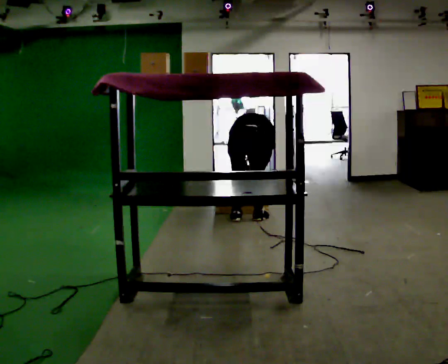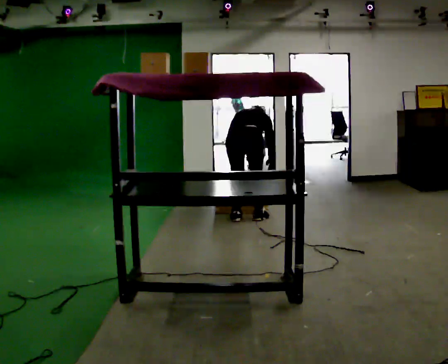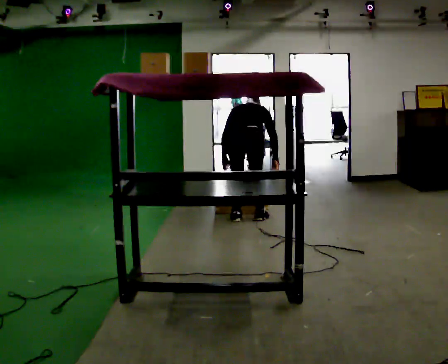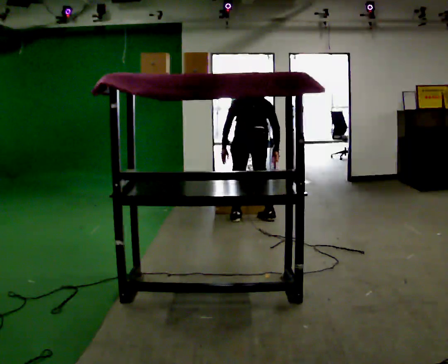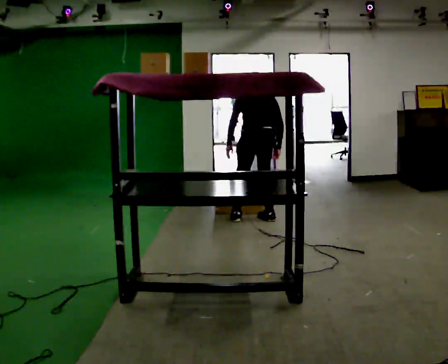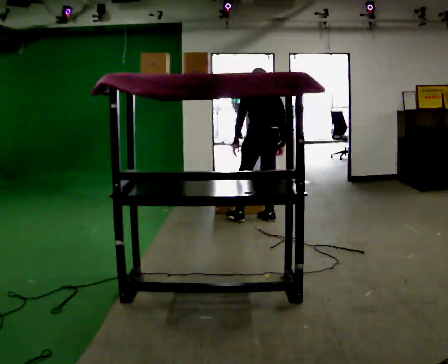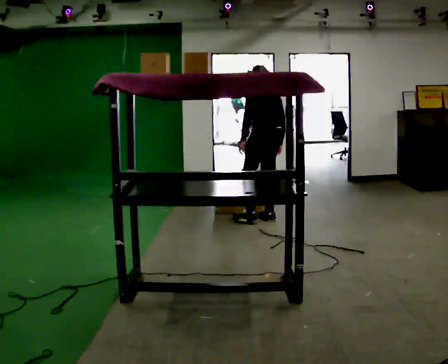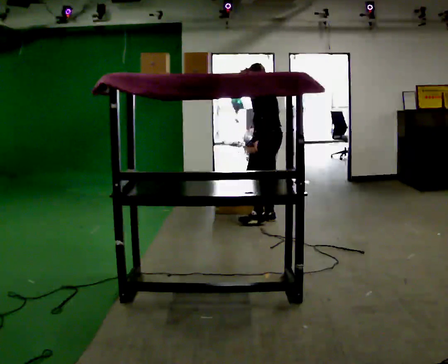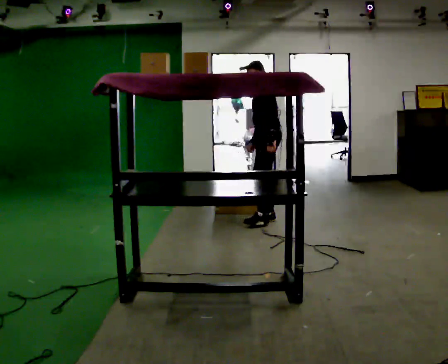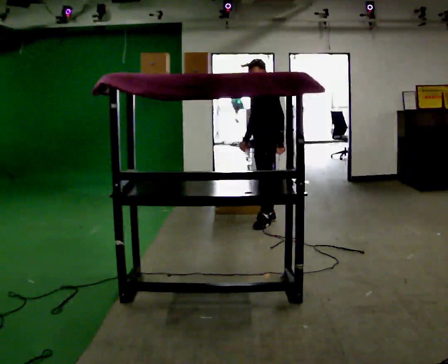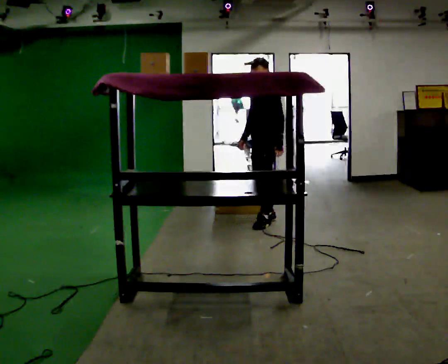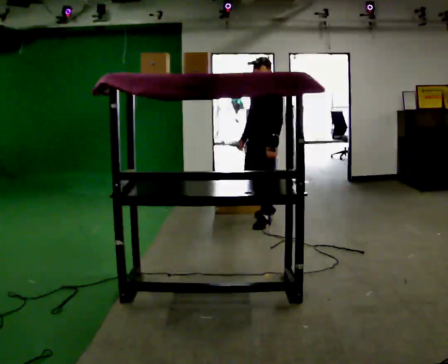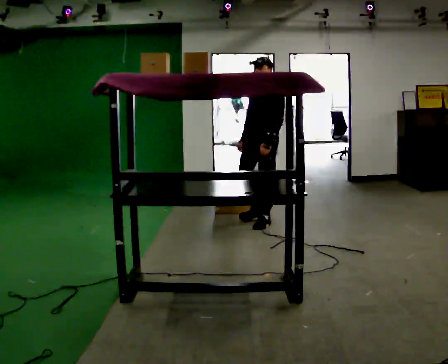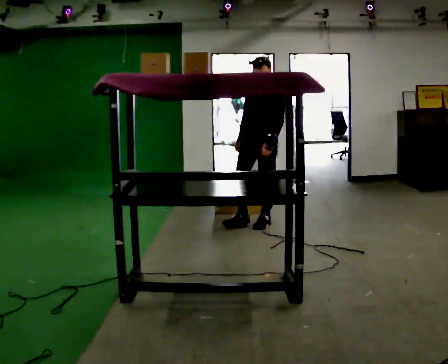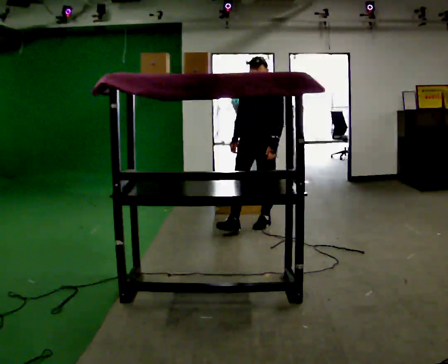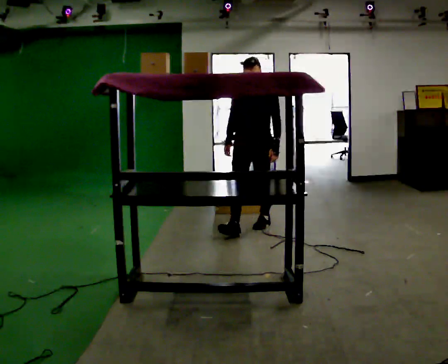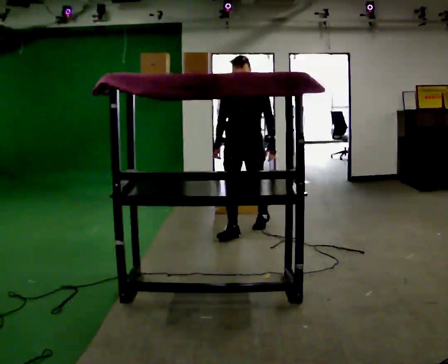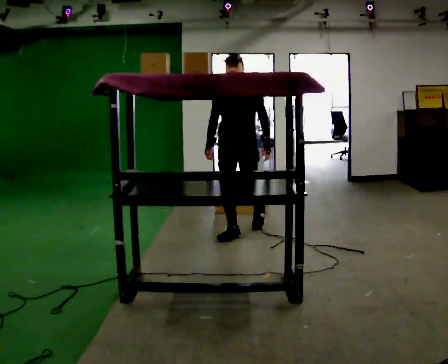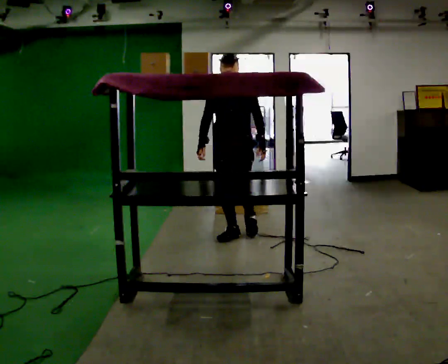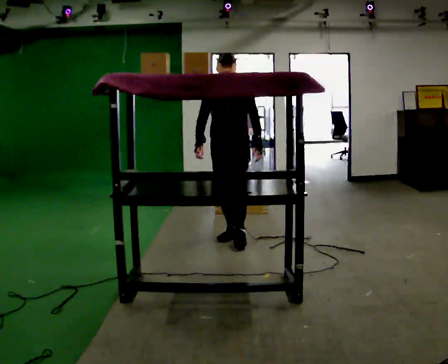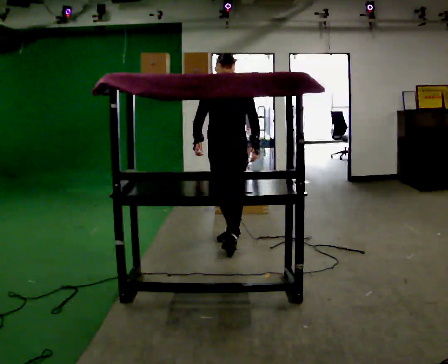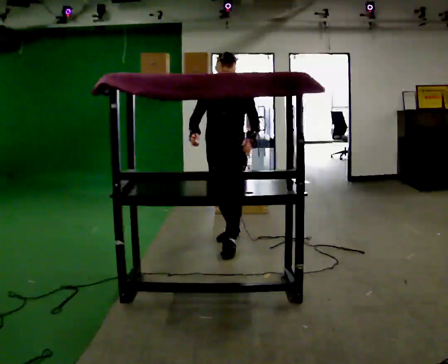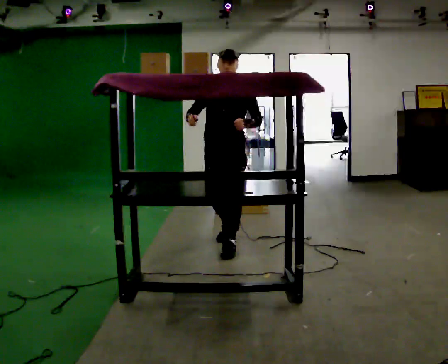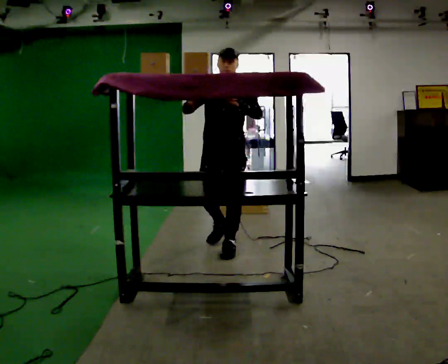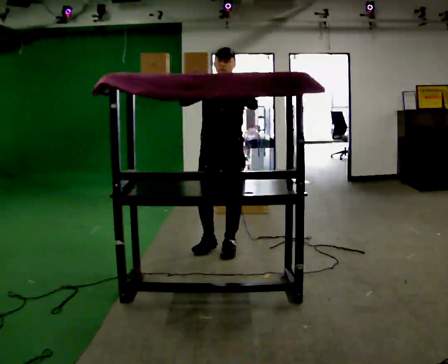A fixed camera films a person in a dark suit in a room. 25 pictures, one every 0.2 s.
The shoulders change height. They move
upward.
The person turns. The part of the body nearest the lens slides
to the right.
0.0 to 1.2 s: The person turns about 60 degrees to their left, counterclockwise seen from above, so the part of the body nearest the lens slides to the right. In the picture they go to the right, about 0.25 m in 1 step, which for them is to their right. The upper body goes upward. The upper body tips toward the camera, its near side rolling downward, as they lean back or straighten. In the picture their left hand goes upward.
1.2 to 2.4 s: The part of the body nearest the lens slides to the right as the person turns to their left by about 90 degrees. In the picture they go toward the camera, about 0.25 m in 1 step. The upper body tips toward the camera, its near side rolling downward, as they lean back or straighten. In the picture their right hand goes to the left.
2.4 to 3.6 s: The part of the body nearest the lens slides to the right as the person turns to their left by about 30 degrees. In the picture they go toward the camera and to the left, about 0.5 m in 1 step, which for them is forward.
3.6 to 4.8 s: In the picture they go toward the camera, about 0.5 m in 1 step, which for them is forward. In the picture their left hand goes upward.
The film runs forward here.
